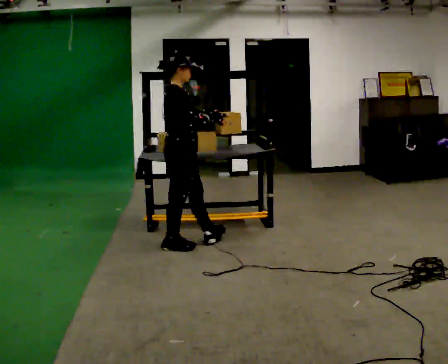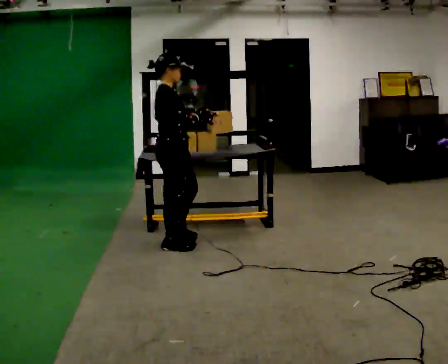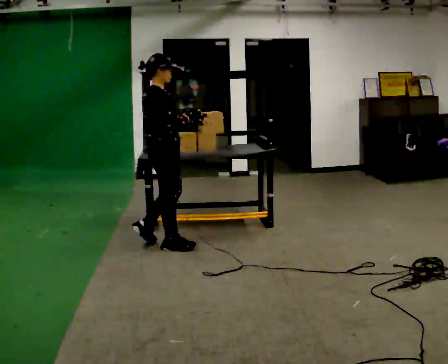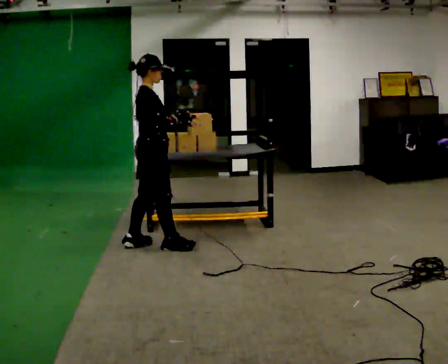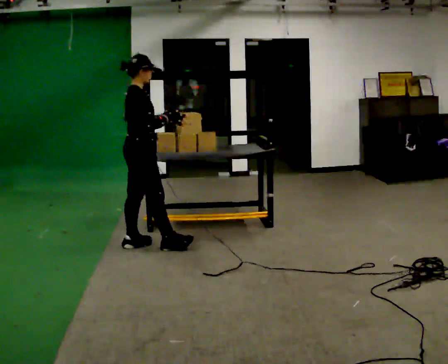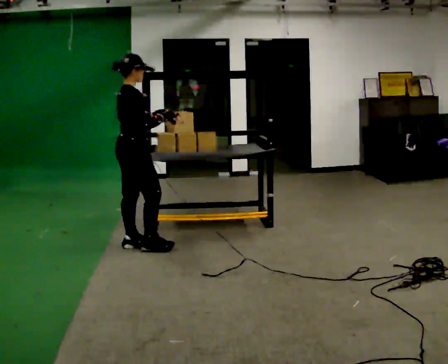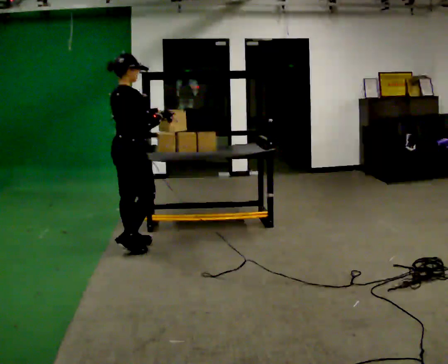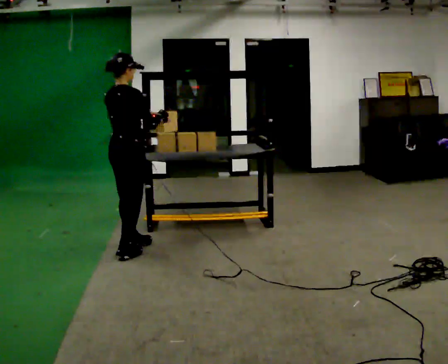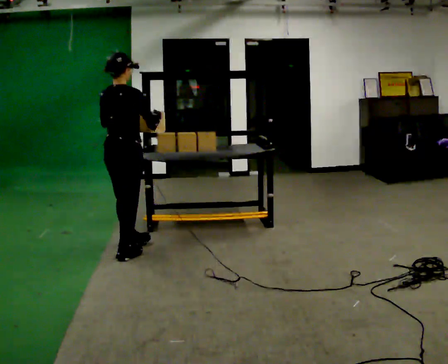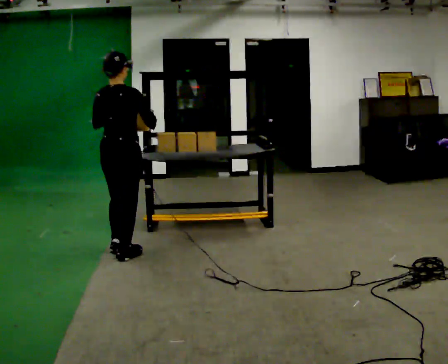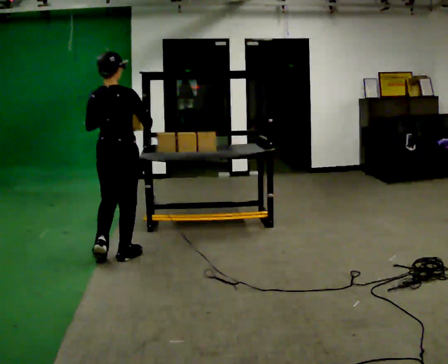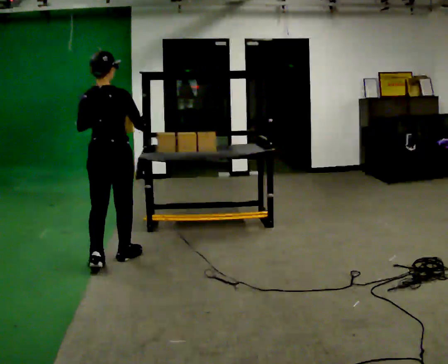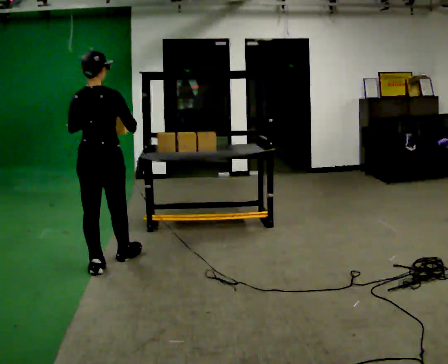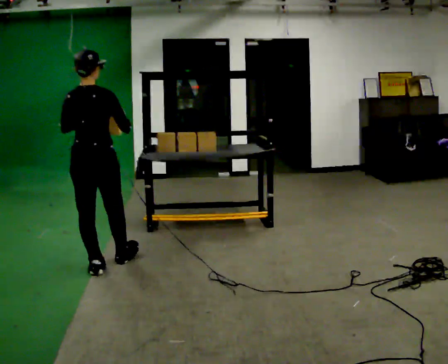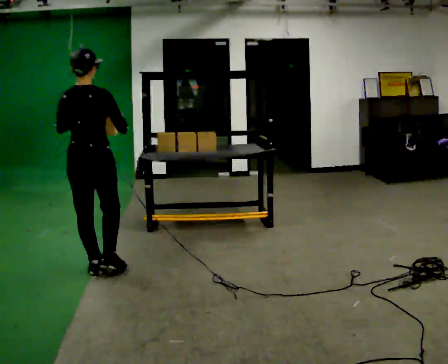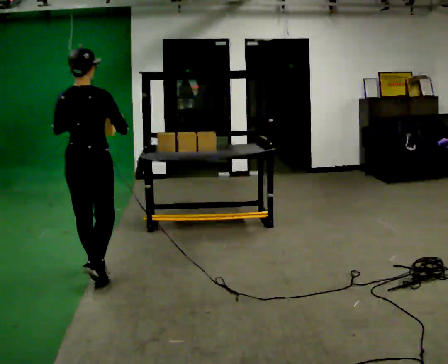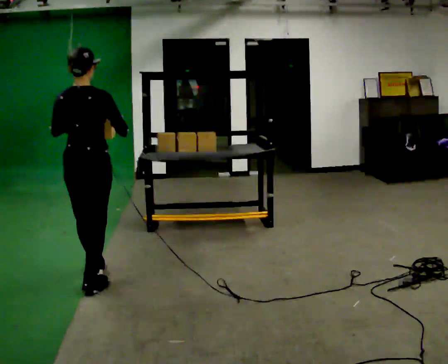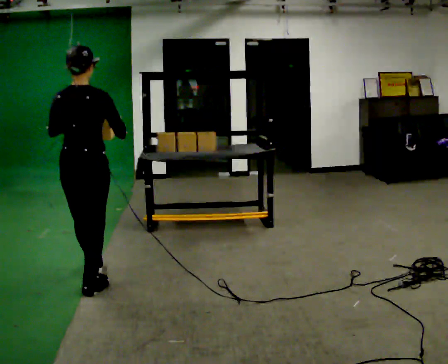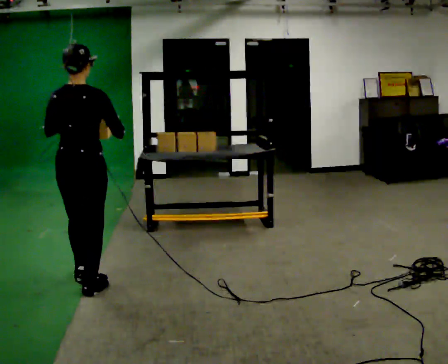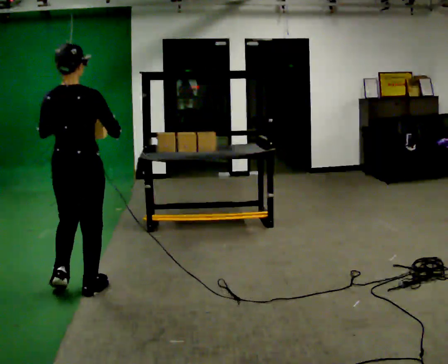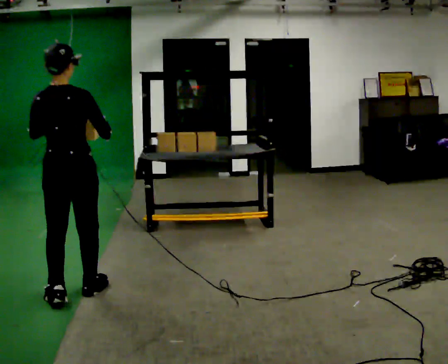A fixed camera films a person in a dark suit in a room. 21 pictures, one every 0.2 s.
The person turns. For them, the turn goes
to their left.
The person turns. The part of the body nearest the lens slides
to the right.
0.0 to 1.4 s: Seen from above the body turns counterclockwise, about 30 degrees: to their left, with its near side sliding to the right. In the picture they go to the left, about 0.5 m in 1 step, which for them is backward.
1.4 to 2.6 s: The person turns about 45 degrees to their left, counterclockwise seen from above, so the part of the body nearest the lens slides to the right. In the picture they go toward the camera and to the left, about 0.5 m in 2 steps, which for them is backward.
2.6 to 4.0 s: In the picture they go toward the camera, about 0.5 m in 1 step, which for them is backward.
The film runs backward here.
